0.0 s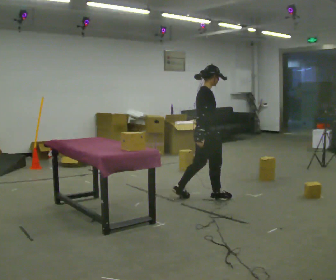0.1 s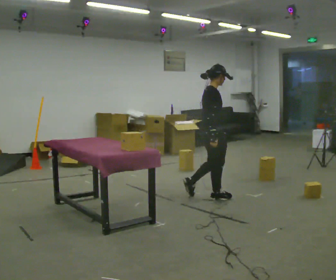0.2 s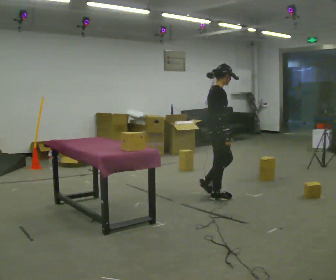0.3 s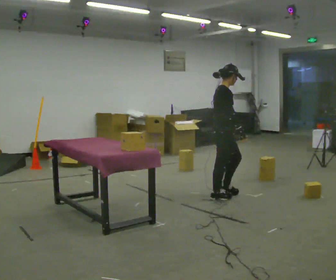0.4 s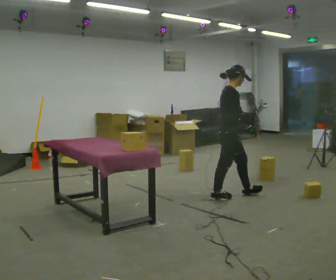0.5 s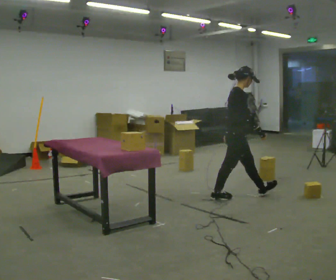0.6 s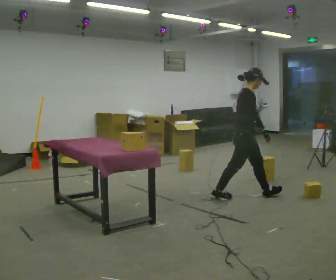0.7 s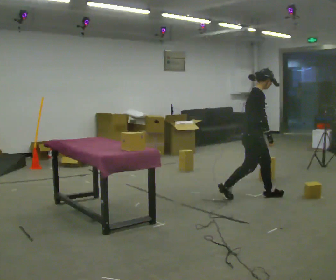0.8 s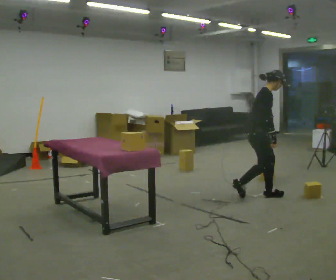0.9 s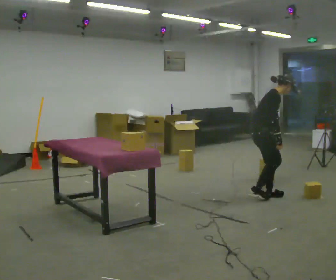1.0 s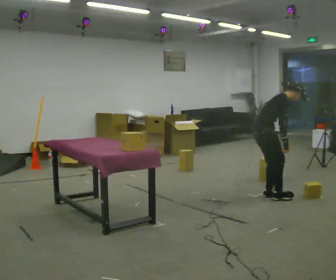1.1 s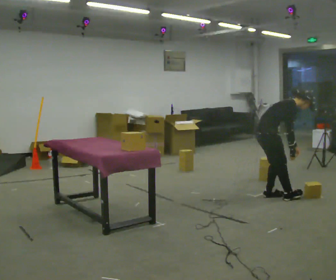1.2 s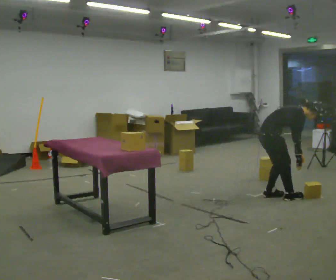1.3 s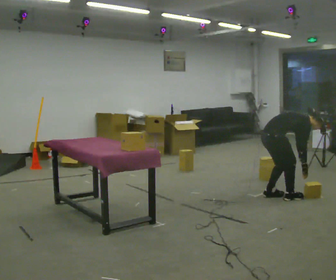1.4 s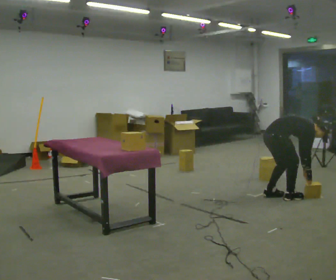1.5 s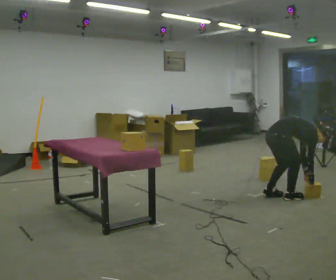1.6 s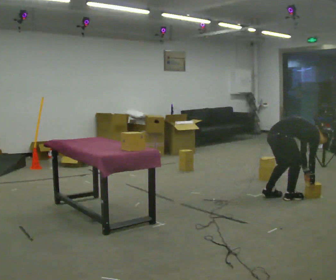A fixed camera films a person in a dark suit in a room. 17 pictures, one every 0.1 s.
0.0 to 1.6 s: In the picture they go to the right, about 1 m in 2 steps, which for them is forward. The shoulders move downward. In the picture the upper body tilts clockwise, shoulders to the right, as they bend forward. In the picture their right hand goes downward.
The film runs forward here.
